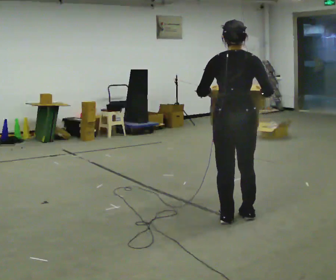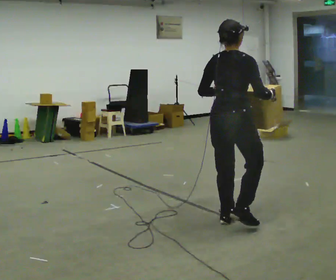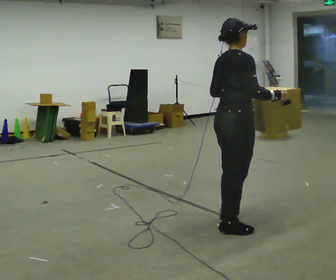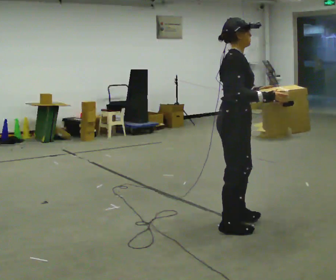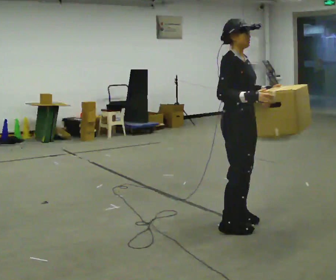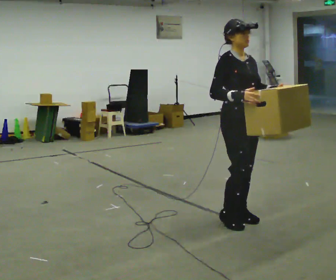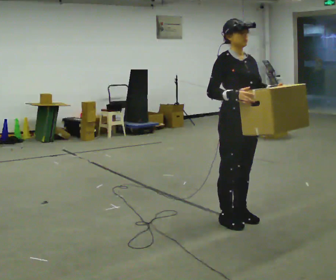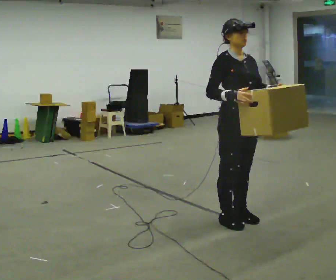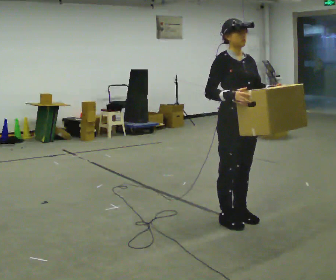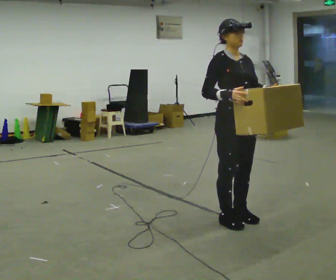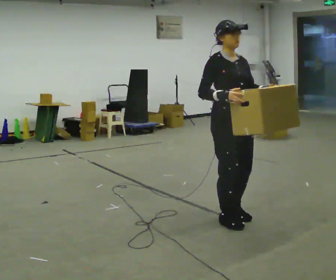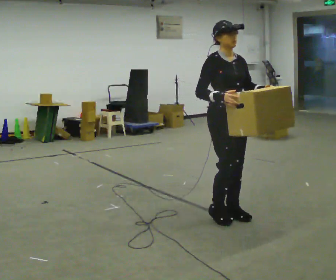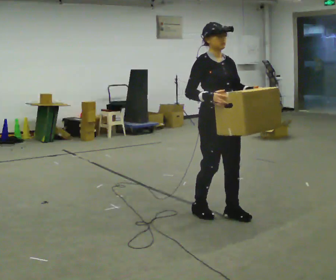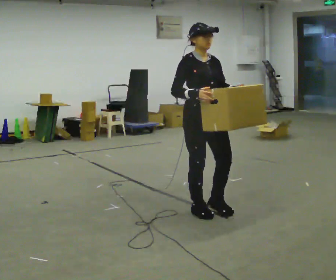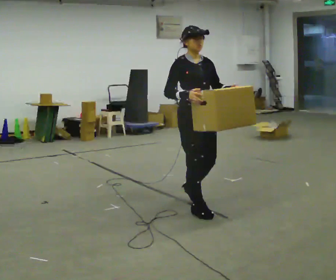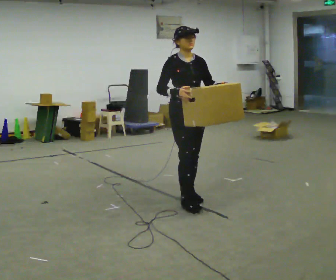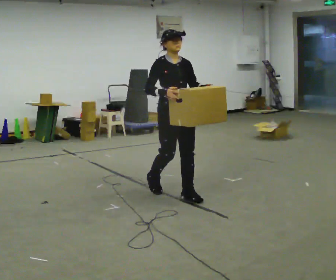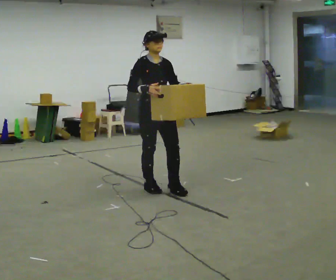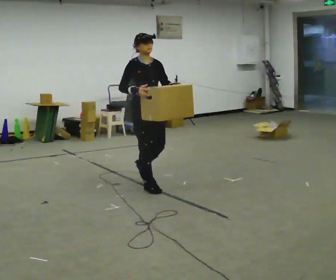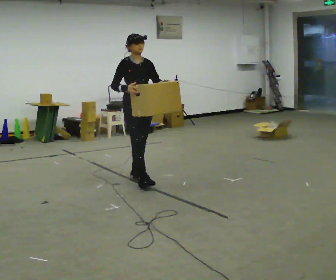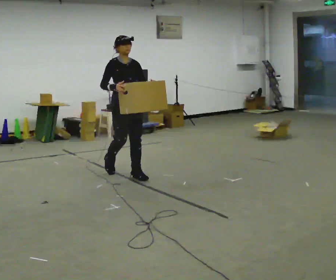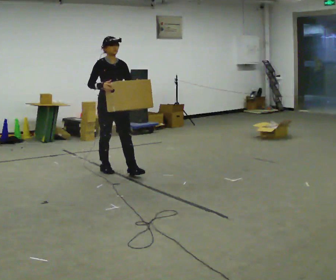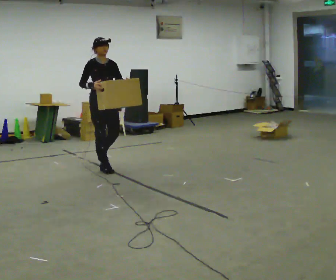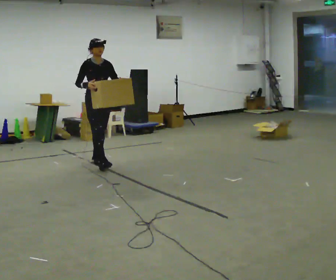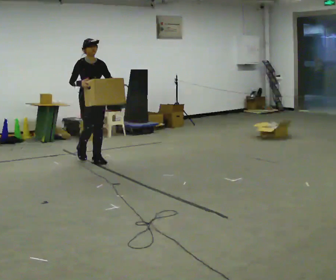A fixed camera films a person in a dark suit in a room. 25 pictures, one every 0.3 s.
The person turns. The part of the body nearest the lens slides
to the left.
The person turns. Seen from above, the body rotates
clockwise.
0.0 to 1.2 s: The part of the body nearest the lens slides to the left as the person turns to their right by about 105 degrees. In the picture their left hand goes to the right.
1.2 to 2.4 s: Seen from above the body turns clockwise, about 30 degrees: to their right, with its near side sliding to the left.
2.4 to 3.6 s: In the picture they go away from the camera, about 0.25 m in 1 step, which for them is backward.
3.6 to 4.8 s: In the picture they go away from the camera and to the left, about 0.75 m in 2 steps, which for them is backward.
4.8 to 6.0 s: In the picture they go away from the camera and to the left, about 1 m in 2 steps, which for them is backward.
6.0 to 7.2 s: In the picture they go away from the camera and to the left, about 1 m in 2 steps, which for them is backward.
The film runs backward here.
